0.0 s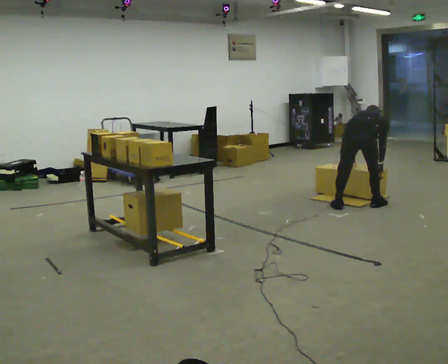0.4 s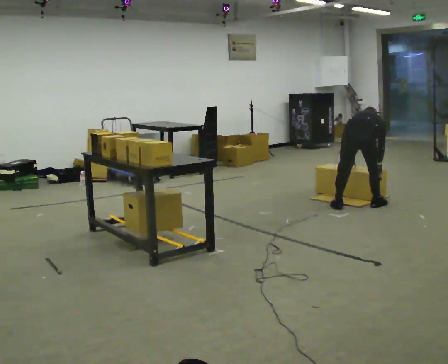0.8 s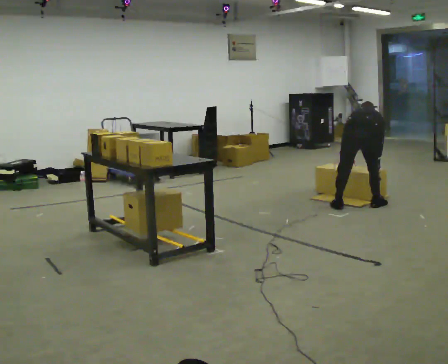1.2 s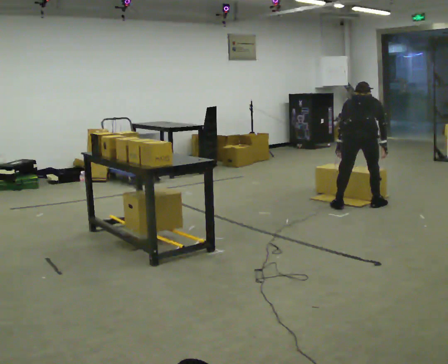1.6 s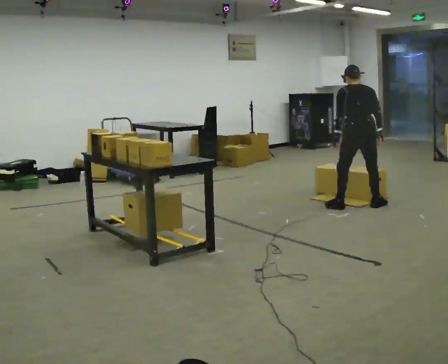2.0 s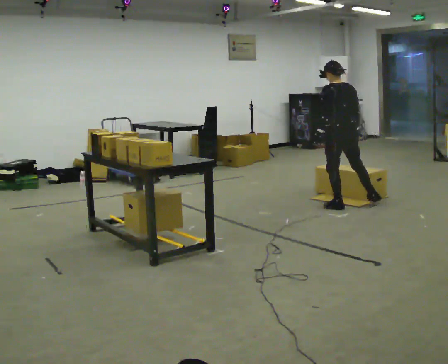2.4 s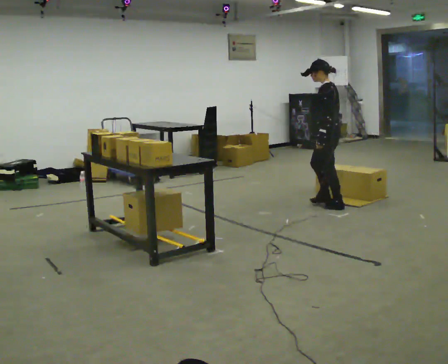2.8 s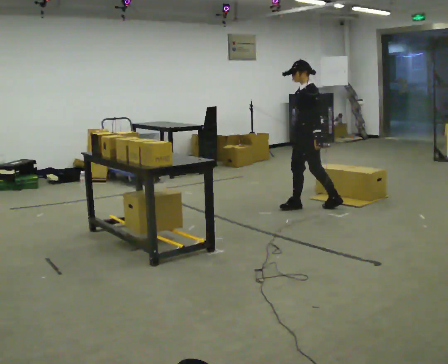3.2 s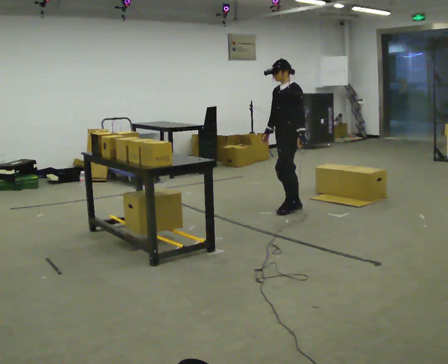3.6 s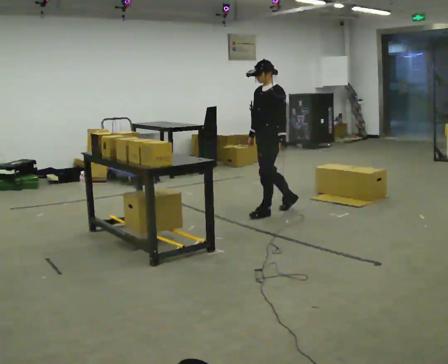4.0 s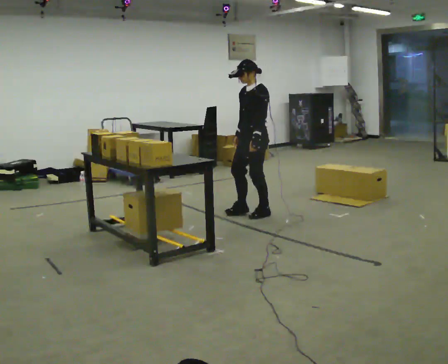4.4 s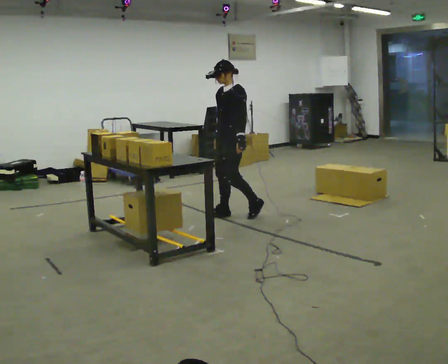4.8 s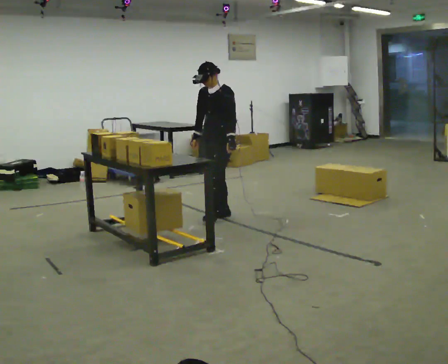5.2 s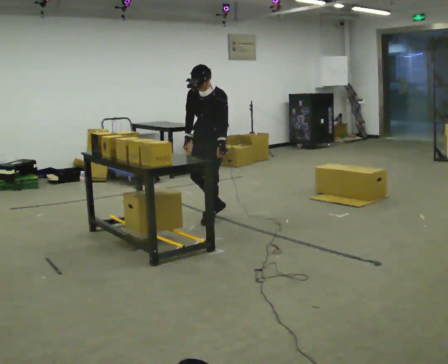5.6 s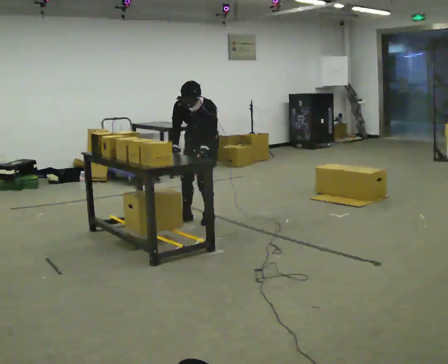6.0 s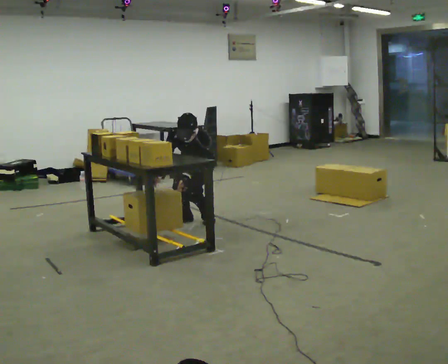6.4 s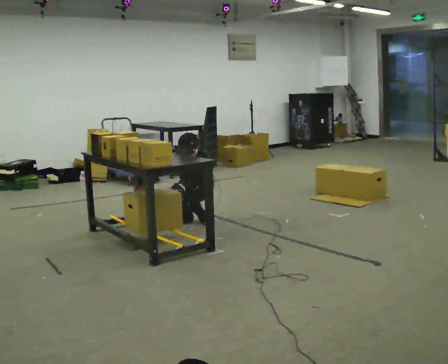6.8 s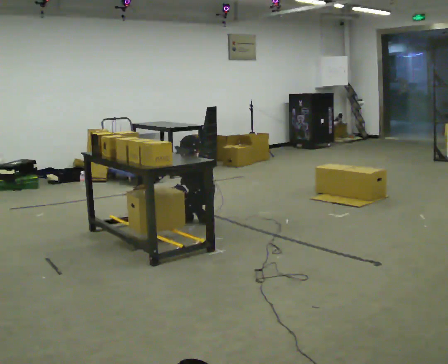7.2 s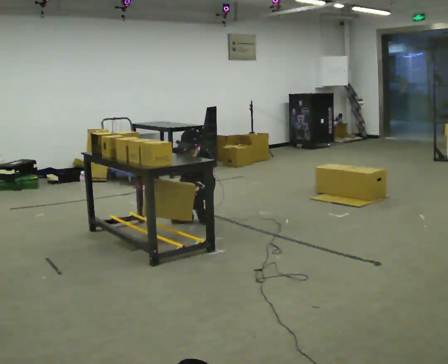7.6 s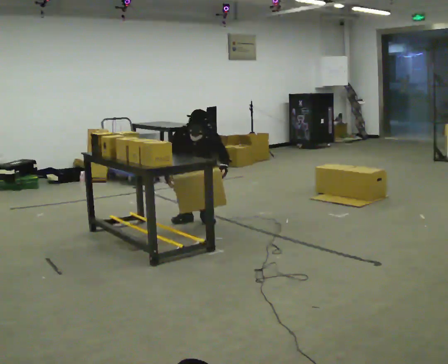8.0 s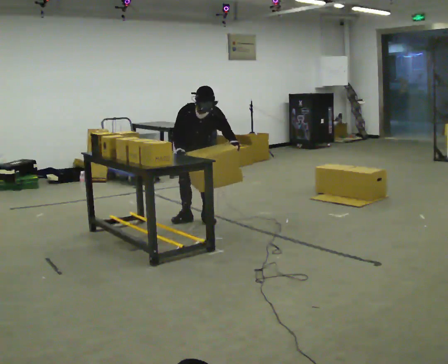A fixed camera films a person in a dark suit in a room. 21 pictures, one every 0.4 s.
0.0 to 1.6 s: The person turns about 30 degrees to their left, counterclockwise seen from above, so the part of the body nearest the lens slides to the right. The upper body goes upward. In the picture the upper body tilts counterclockwise, shoulders to the left, as they lean back or straighten.
1.6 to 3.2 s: The part of the body nearest the lens slides to the right as the person turns to their left by about 120 degrees. In the picture they go to the left, about 0.5 m in 1 step. The upper body tips toward the camera, its near side rolling downward.
3.2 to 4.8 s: In the picture they go to the left, about 0.5 m in 2 steps, which for them is forward.
4.8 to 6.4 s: In the picture they go to the left, about 0.25 m in 2 steps, which for them is to their right and forward. The shoulders move downward. The upper body tips toward the camera, its near side rolling downward, as they bend forward. In the picture their right hand goes to the left and downward.
6.4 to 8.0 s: The person turns about 30 degrees to their left, counterclockwise seen from above, so the part of the body nearest the lens slides to the right. The upper body goes upward. In the picture the upper body tilts clockwise, shoulders to the right. In the picture their left hand goes to the right and upward.
The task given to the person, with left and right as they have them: 1. Bring the boxes over from the shelf one at a time. 2. Stack them on the pallet with the heaviest at the bottom. 3. Do not stack more than three high. 4. Tell the operator when you are finished.
The film runs forward here.
